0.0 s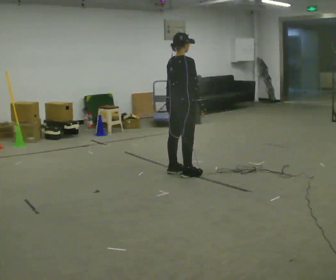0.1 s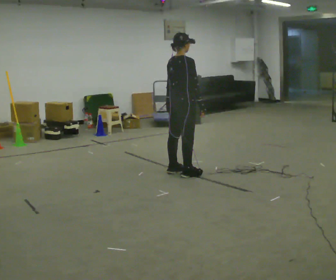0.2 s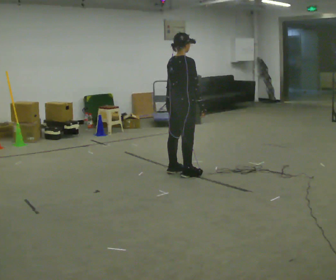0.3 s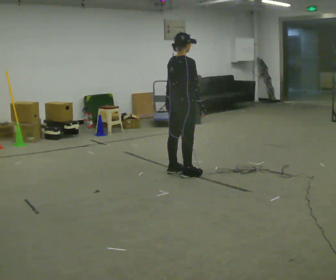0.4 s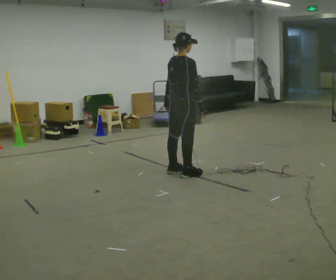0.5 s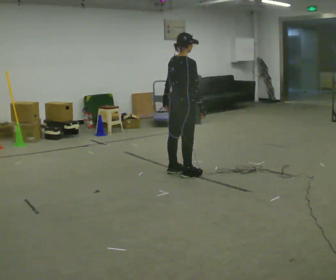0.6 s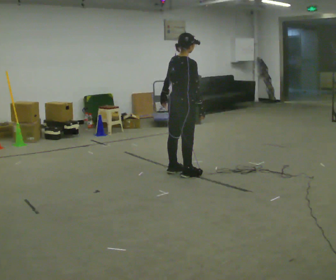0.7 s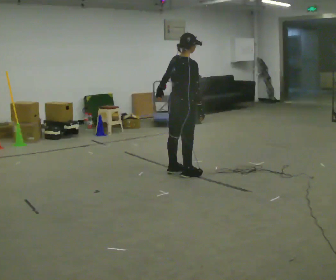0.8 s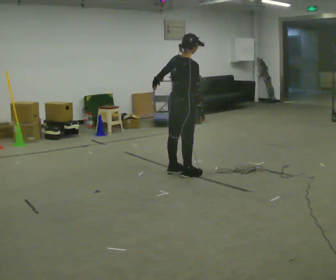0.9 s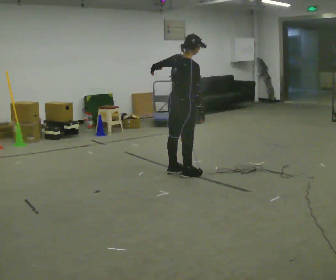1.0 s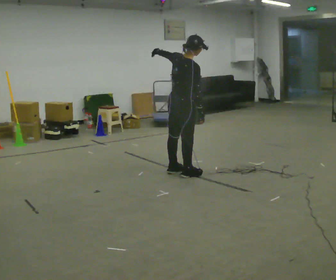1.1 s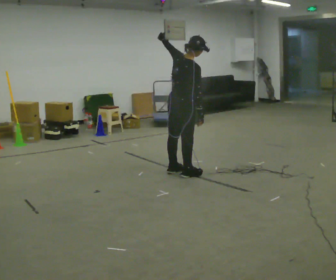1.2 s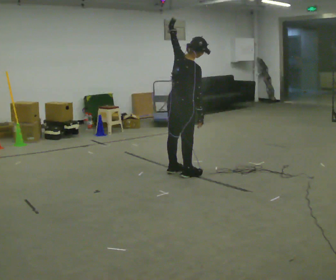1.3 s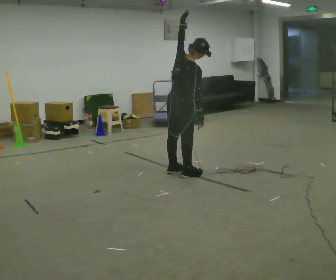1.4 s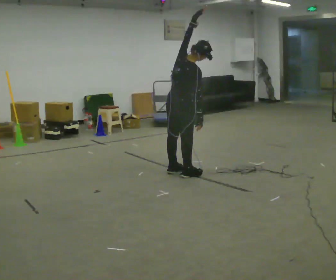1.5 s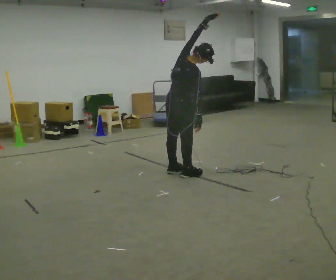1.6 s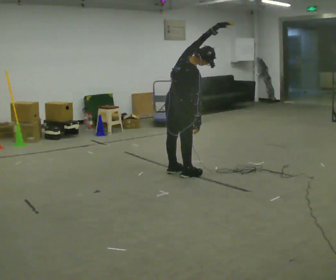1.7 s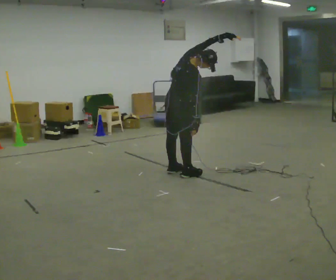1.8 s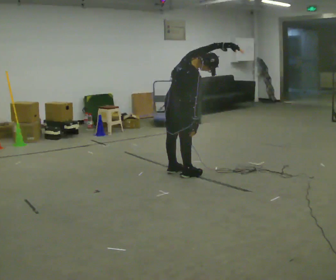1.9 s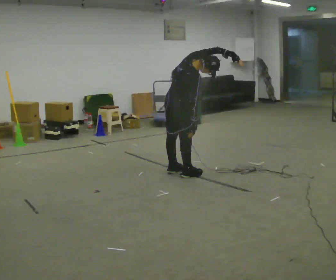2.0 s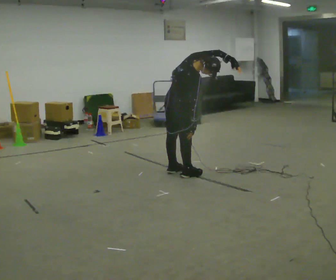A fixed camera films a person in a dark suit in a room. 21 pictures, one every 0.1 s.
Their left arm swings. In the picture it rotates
clockwise.
0.0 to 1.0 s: In the picture their left hand goes upward, the arm swinging clockwise.
1.0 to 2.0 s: In the picture the upper body tilts clockwise, shoulders to the right. In the picture their left hand goes to the right, the arm swinging clockwise.
The film runs forward here.
